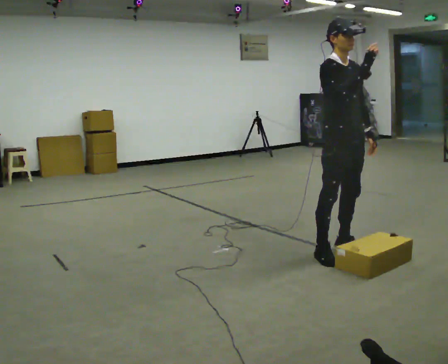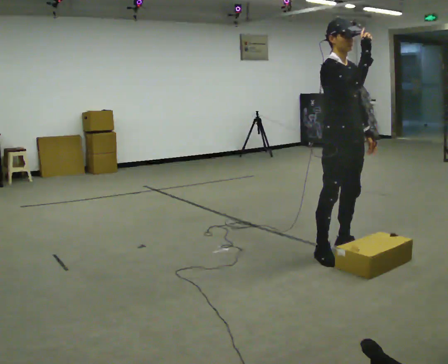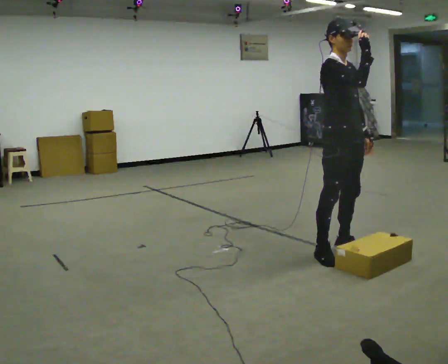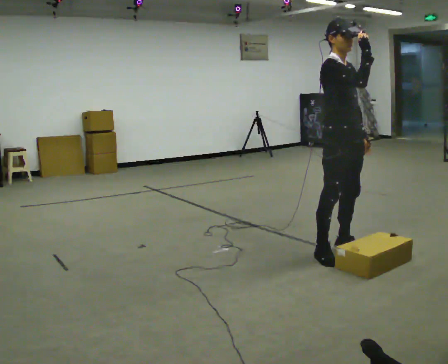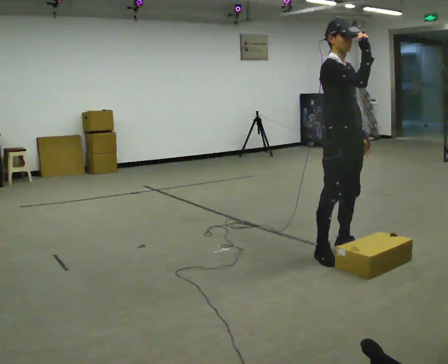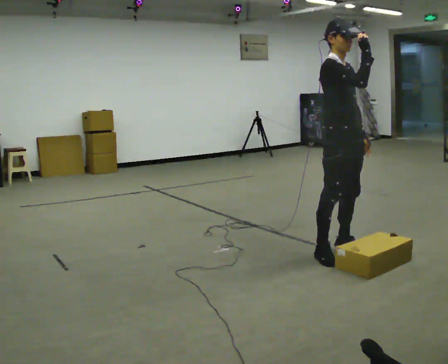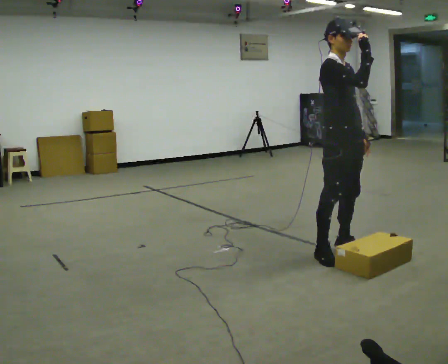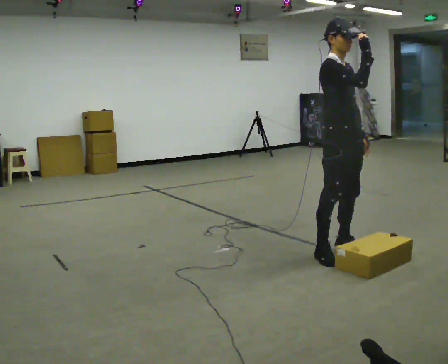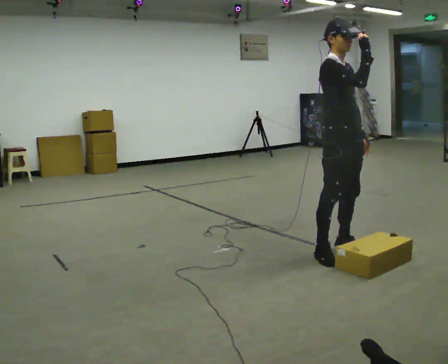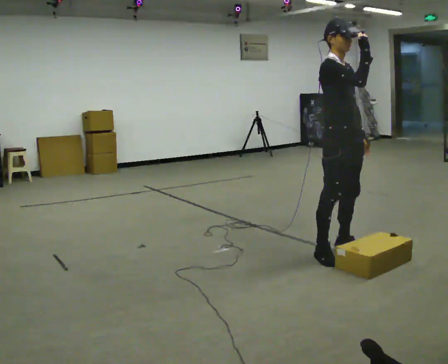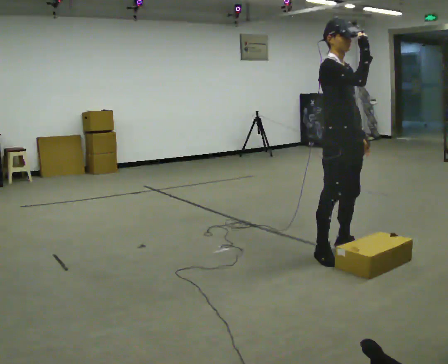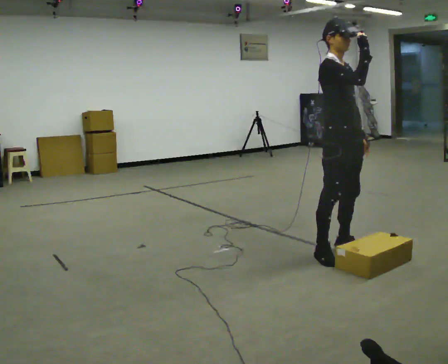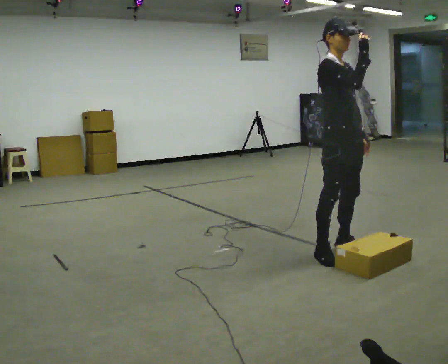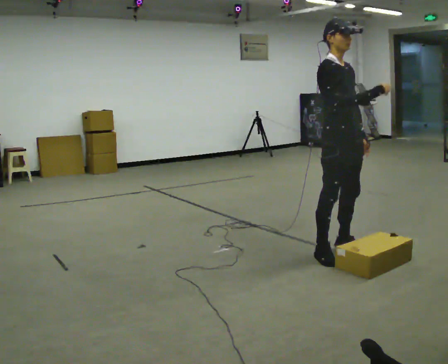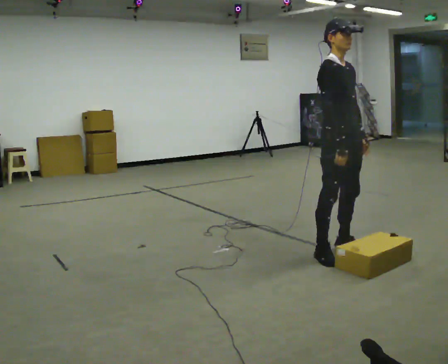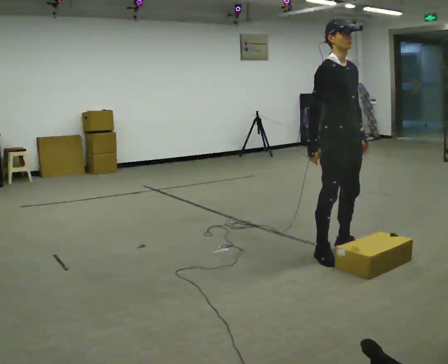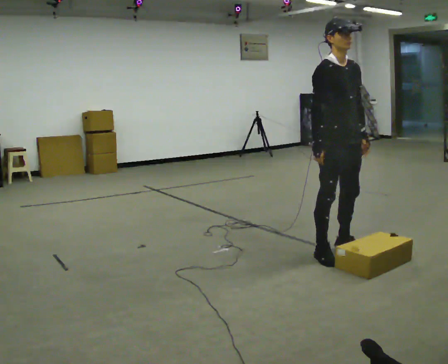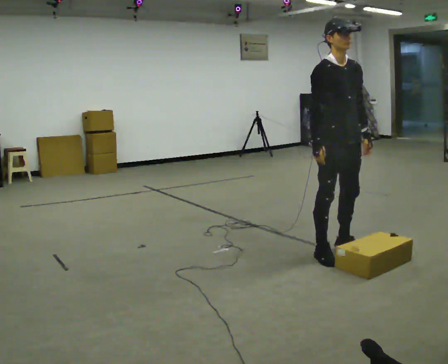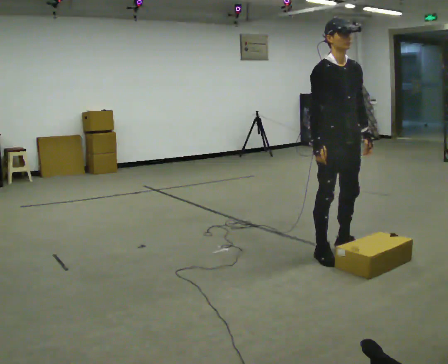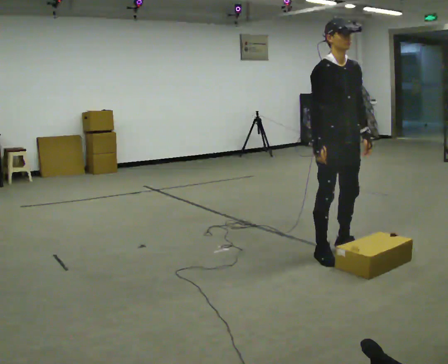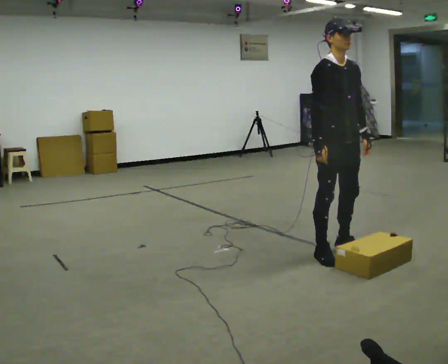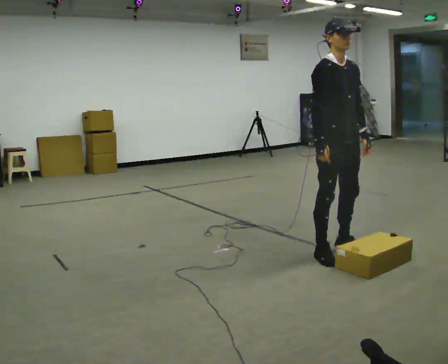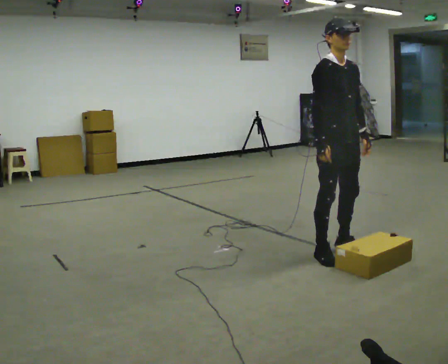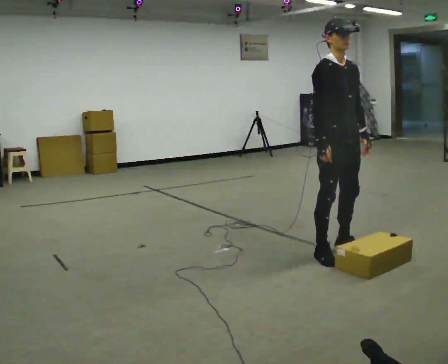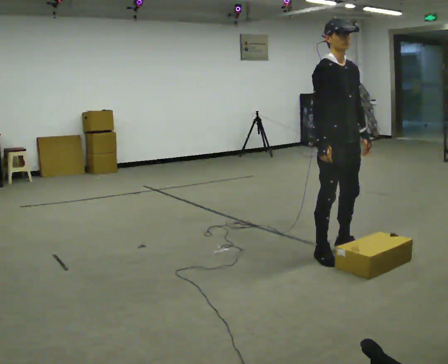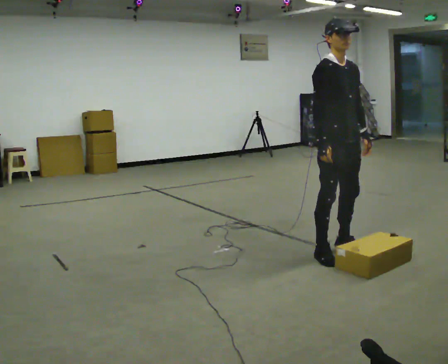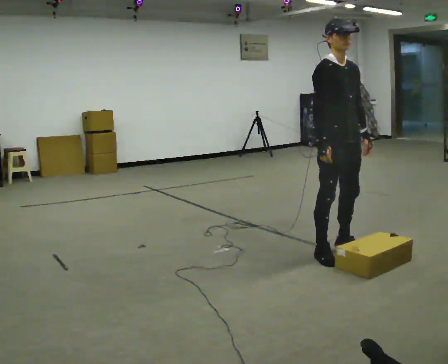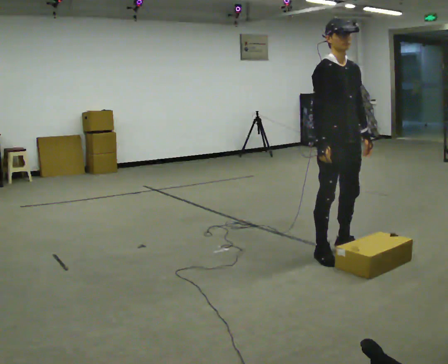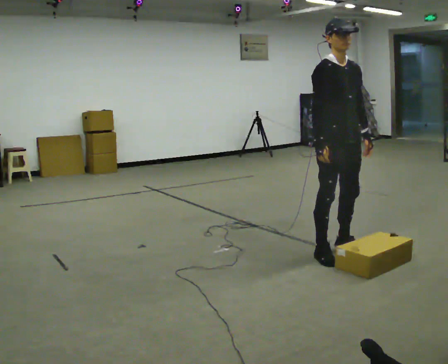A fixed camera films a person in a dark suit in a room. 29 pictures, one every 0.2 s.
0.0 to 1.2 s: The person moves a little, or ends about where they began.
1.2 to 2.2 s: The person keeps their place and pose.
2.2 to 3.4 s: In the picture their right hand goes downward and to the left.
3.4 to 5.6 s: The person moves a little, or ends about where they began.
The film runs forward here.
